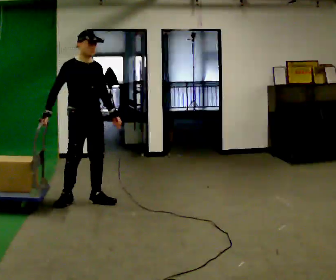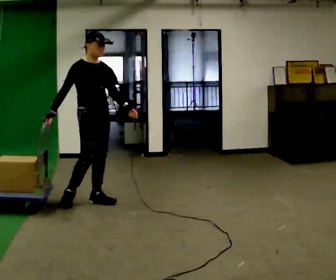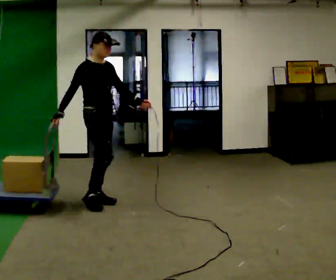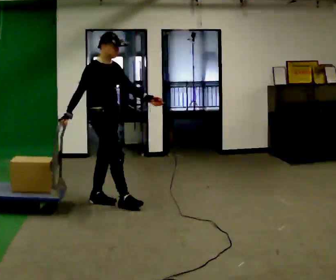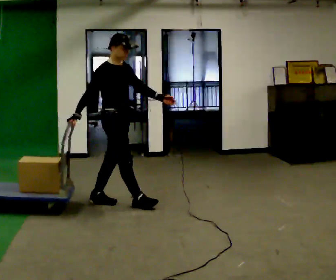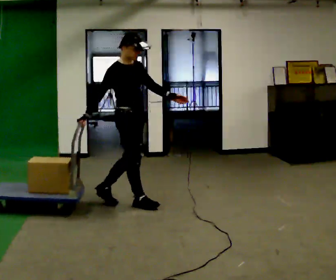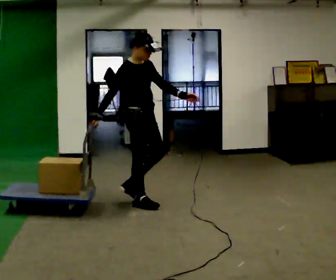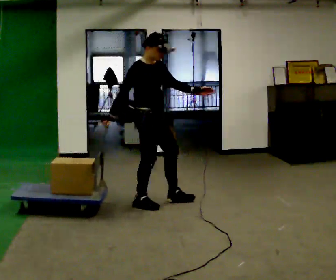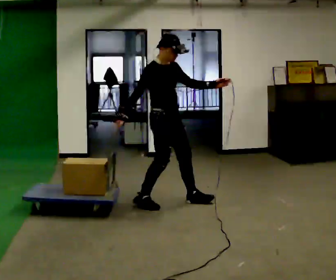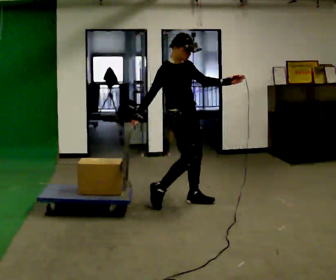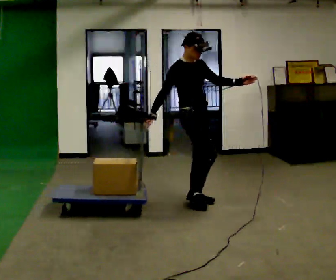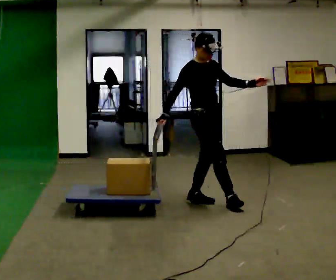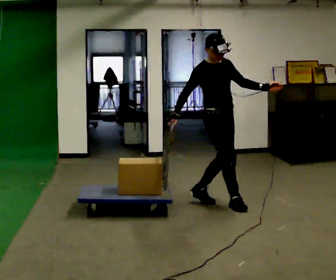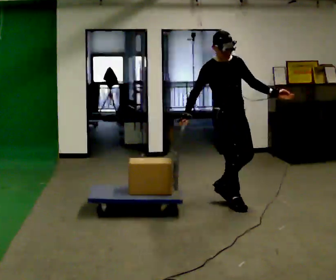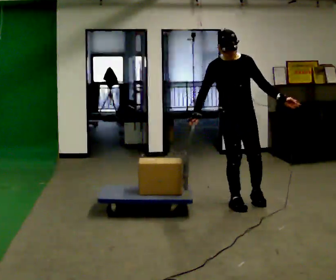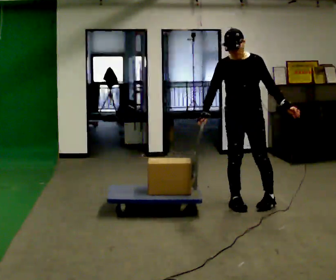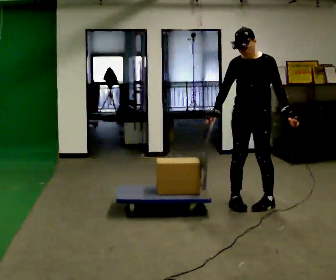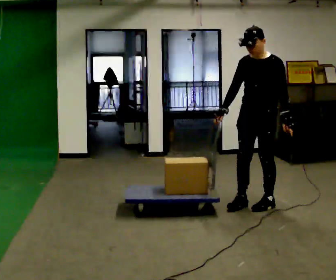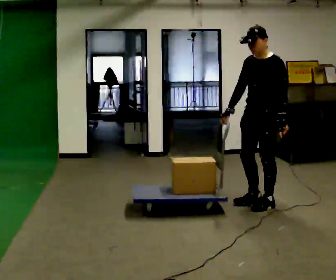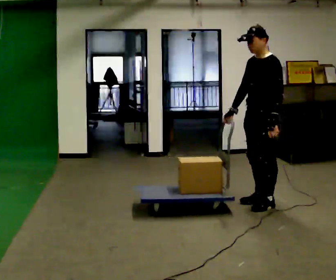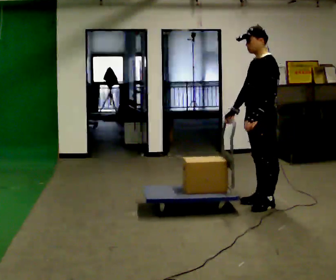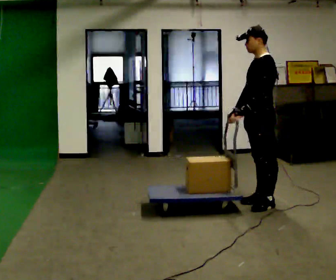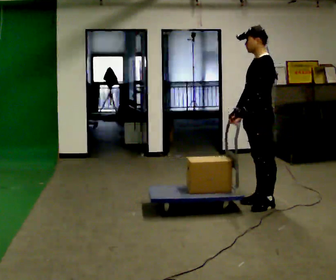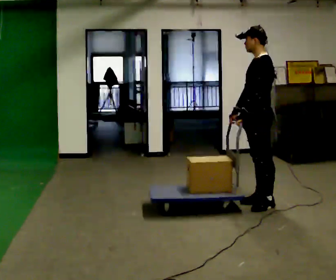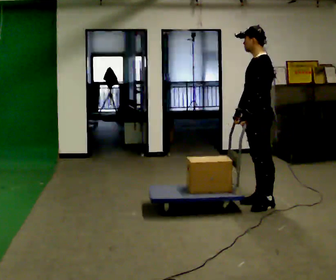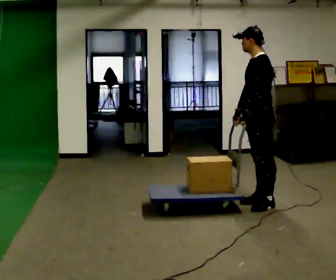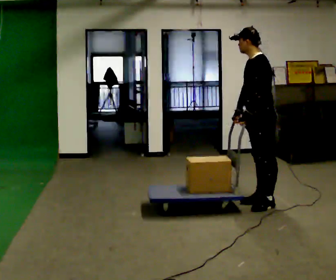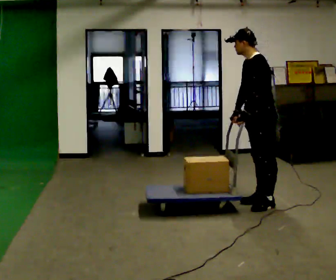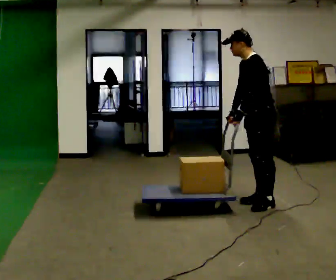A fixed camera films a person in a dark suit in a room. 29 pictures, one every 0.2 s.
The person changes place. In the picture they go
to the right.
0.0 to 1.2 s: The part of the body nearest the lens slides to the right as the person turns to their left by about 30 degrees. In the picture they go to the right, about 0.5 m in 1 step, which for them is forward.
1.2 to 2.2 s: In the picture they go to the right, about 0.75 m in 1 step, which for them is forward and to their left.
2.2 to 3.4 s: Seen from above the body turns clockwise, about 105 degrees: to their right, with its near side sliding to the left. In the picture they go to the right, about 0.5 m in 2 steps. In the picture their left hand goes downward, the arm swinging clockwise.
3.4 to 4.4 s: Seen from above the body turns clockwise, about 45 degrees: to their right, with its near side sliding to the left. In the picture their left hand goes to the left, the arm swinging clockwise.
4.4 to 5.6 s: In the picture the upper body tilts counterclockwise, shoulders to the left, as they bend forward.
The film runs forward here.
